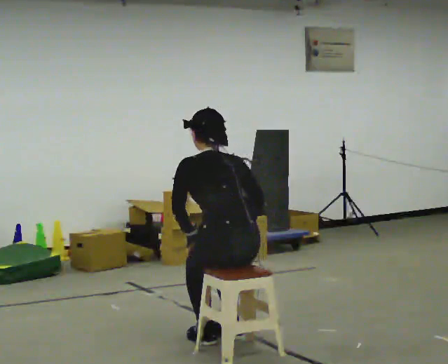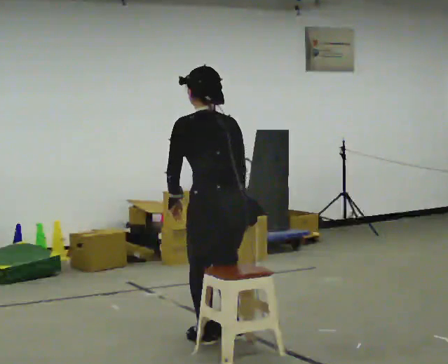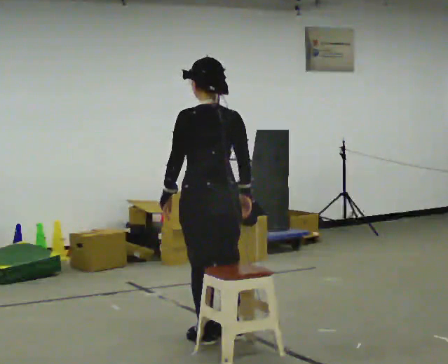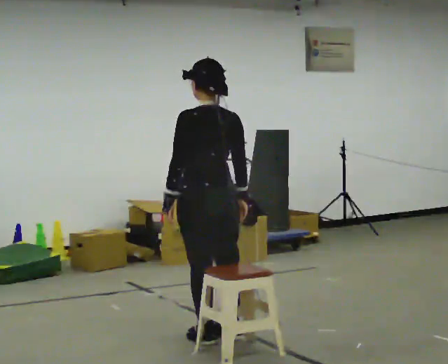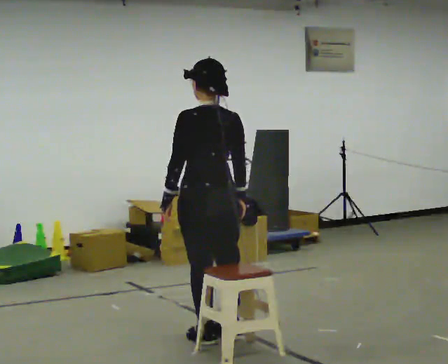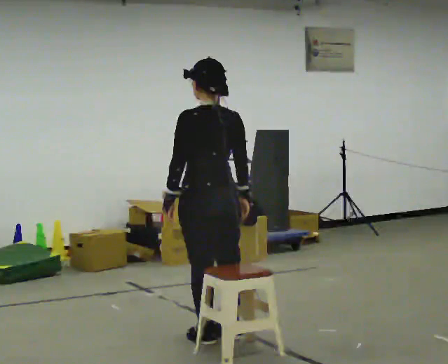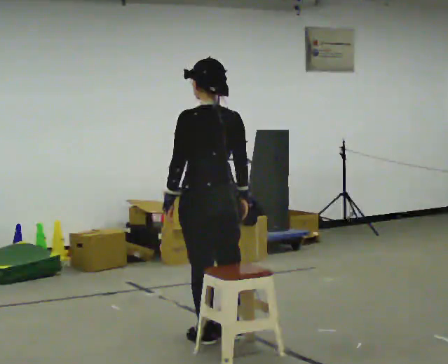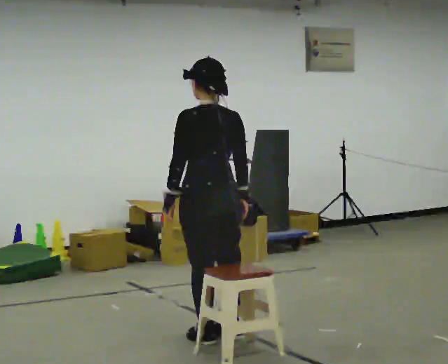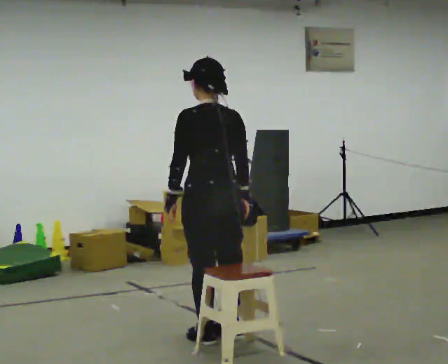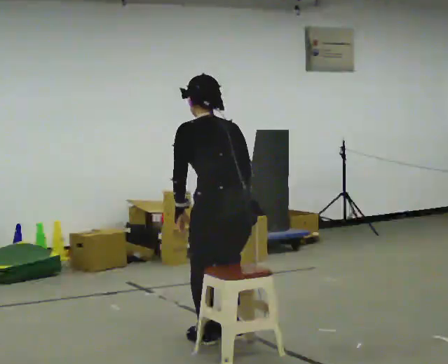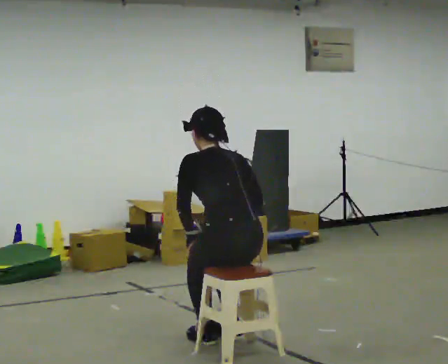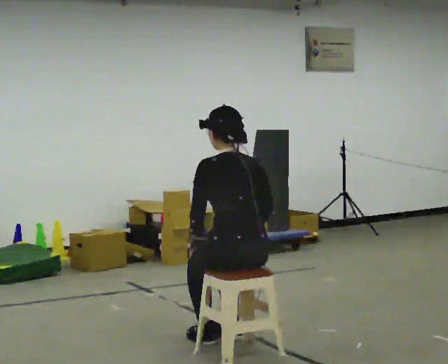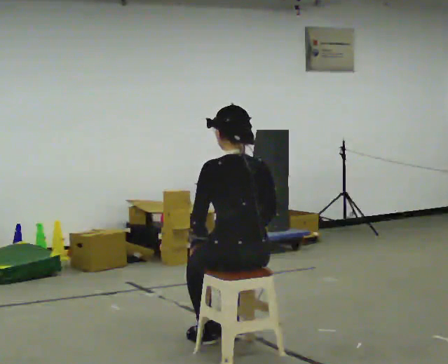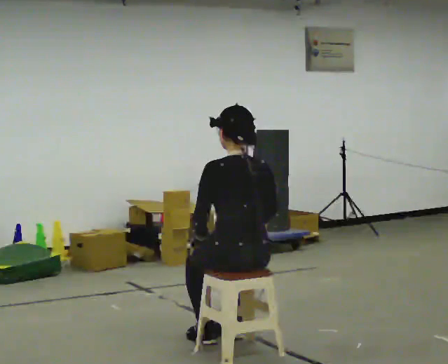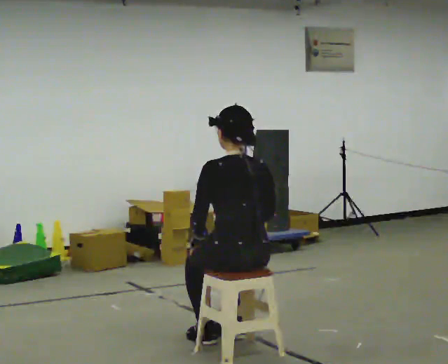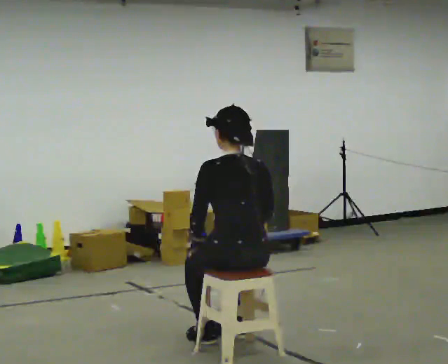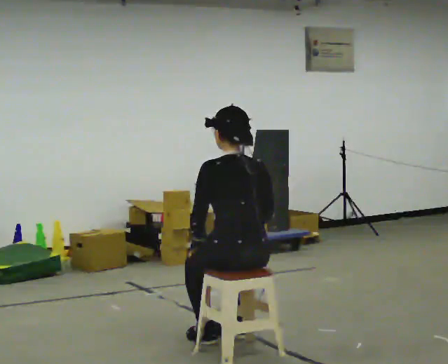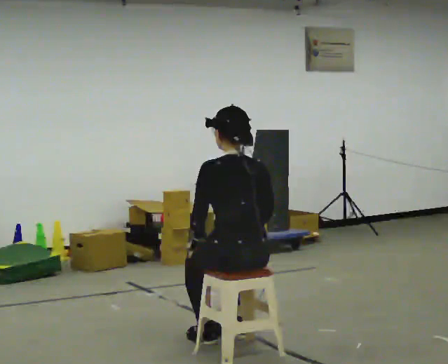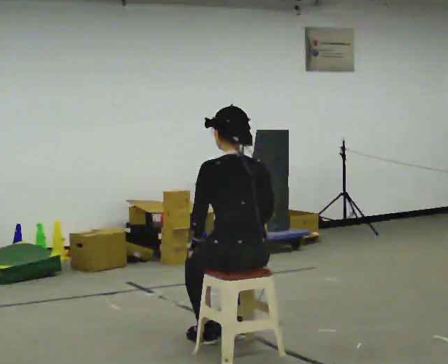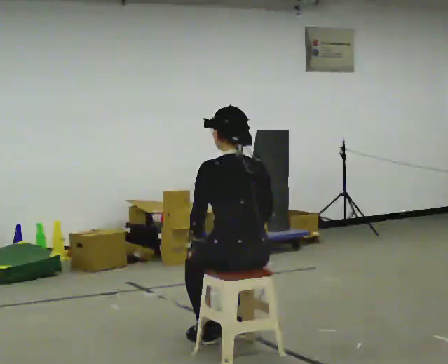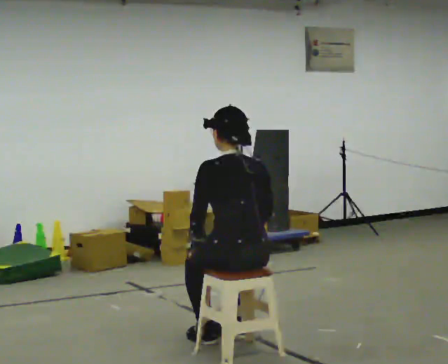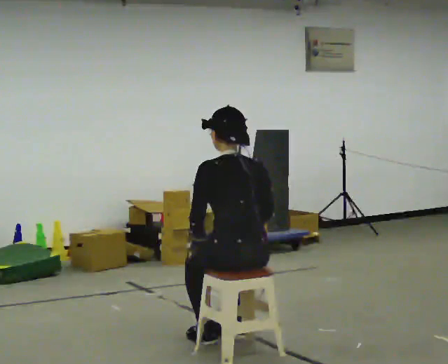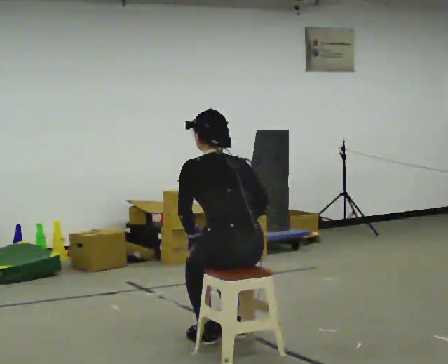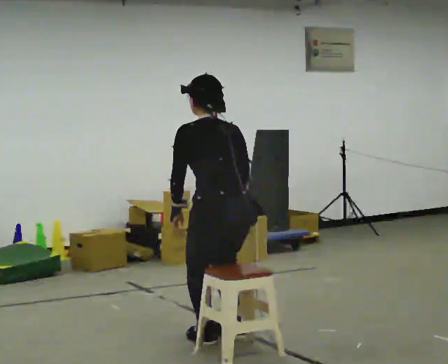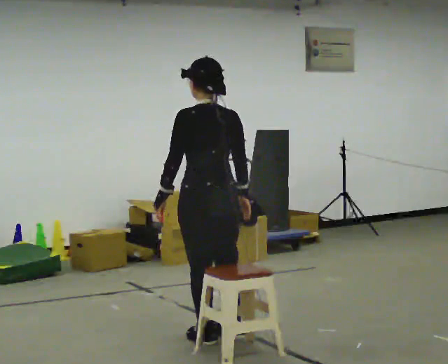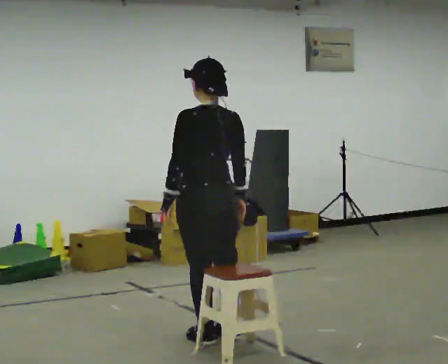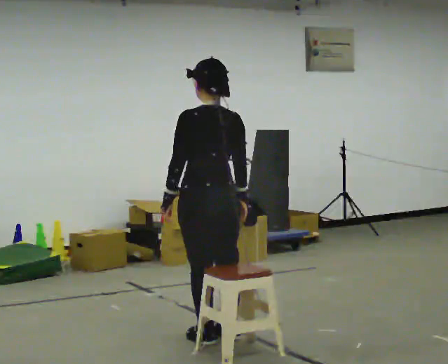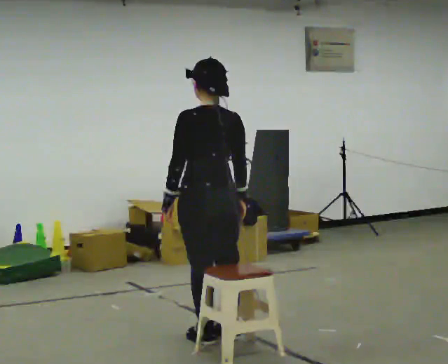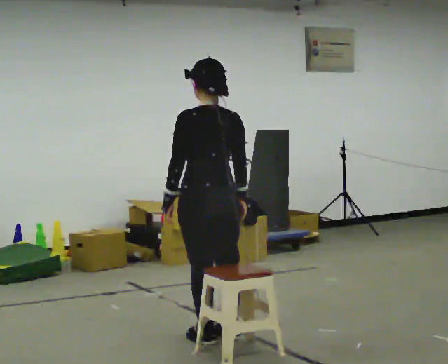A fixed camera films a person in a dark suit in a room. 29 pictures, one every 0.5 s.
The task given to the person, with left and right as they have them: Sit on the chair, stand up, then sit back down. Repeat the movement at your own pace until the operator says stop; do not rush.
0.0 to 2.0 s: In the picture they go away from the camera, about 0.25 m, which for them is forward. The upper body goes upward. The upper body tips toward the camera, its near side rolling downward, as they lean back or straighten.
2.0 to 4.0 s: The person moves a little, or ends about where they began.
4.0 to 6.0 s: In the picture they go toward the camera, about 0.25 m, which for them is backward. The shoulders move downward.
6.0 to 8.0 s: The person moves a little, or ends about where they began.
8.0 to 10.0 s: The person keeps their place and pose.
10.0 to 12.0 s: In the picture they go away from the camera and to the left, about 0.25 m, which for them is forward. The upper body goes upward.
12.0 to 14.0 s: The person moves a little, or ends about where they began.
The film runs forward here.
